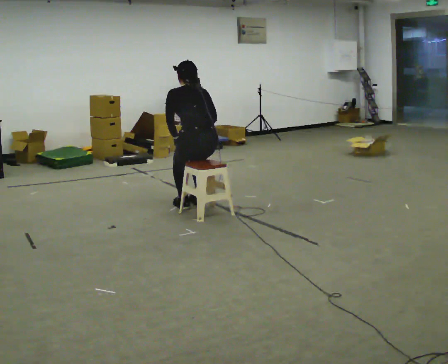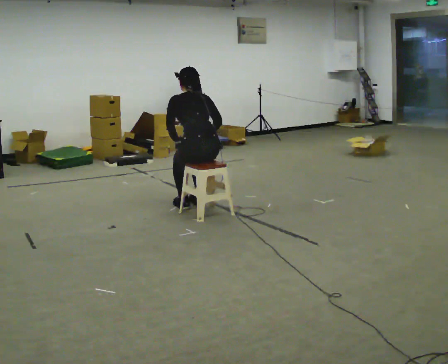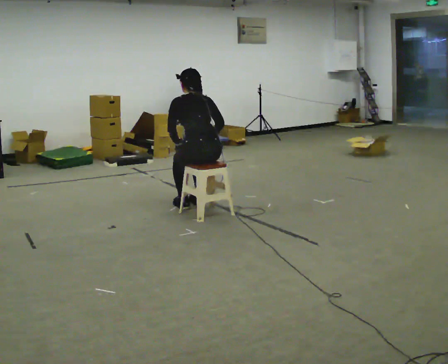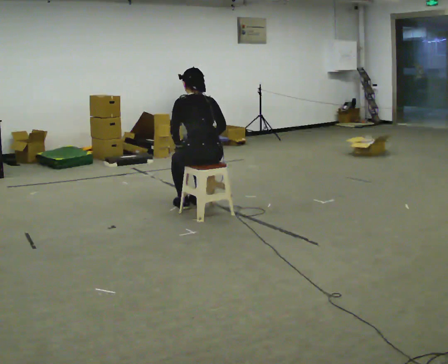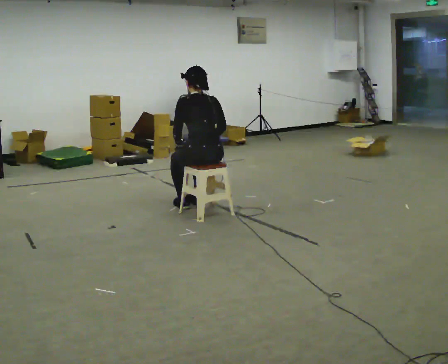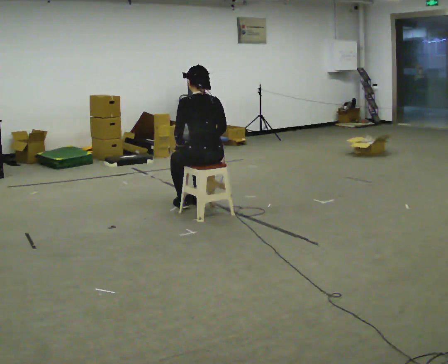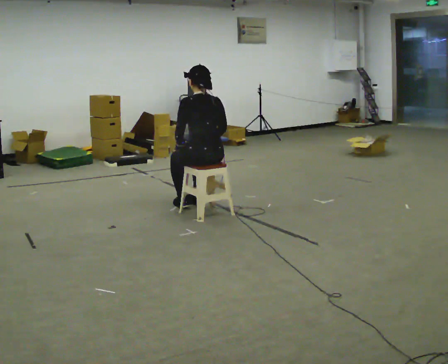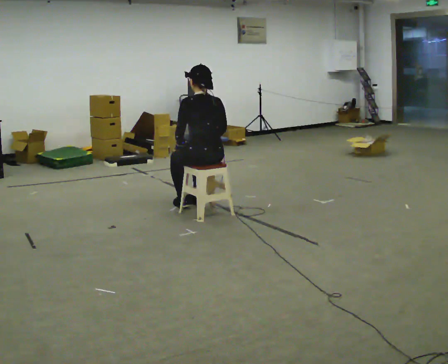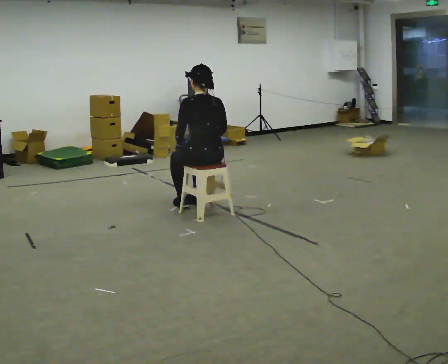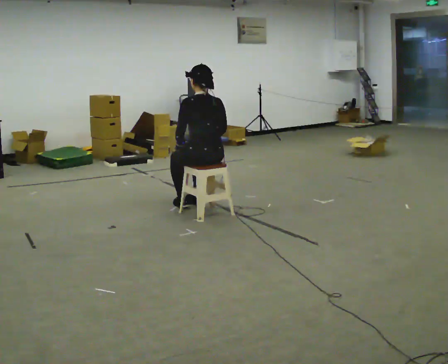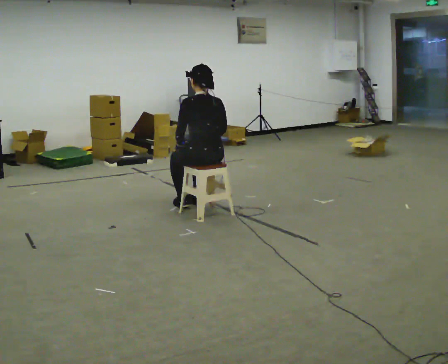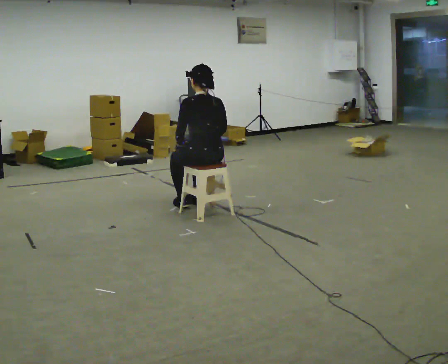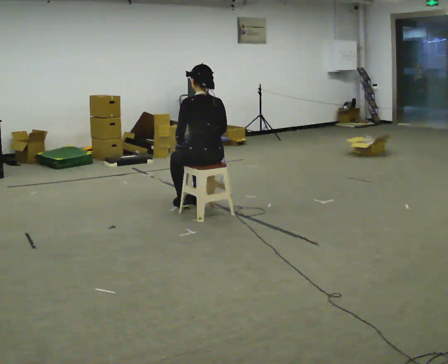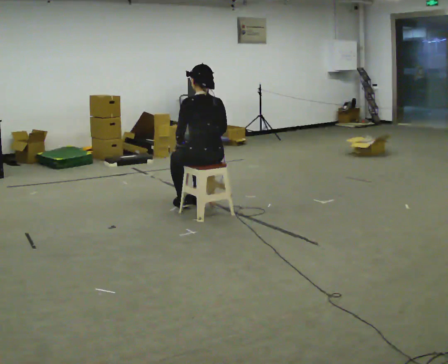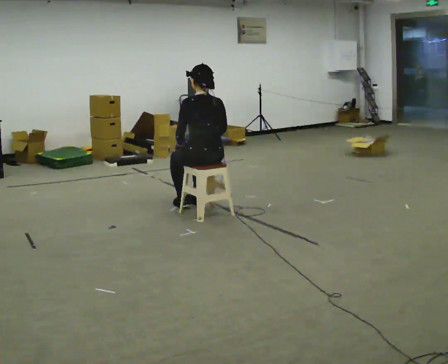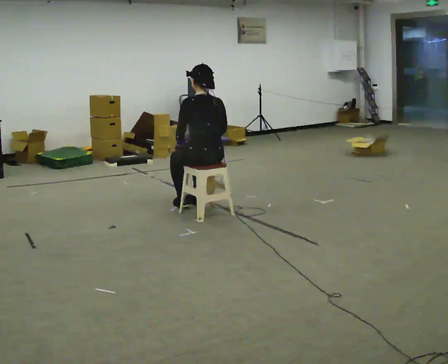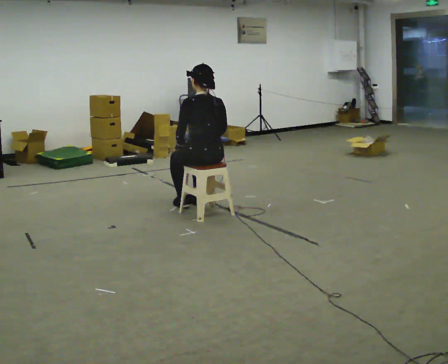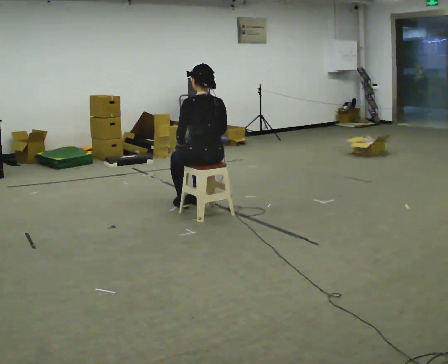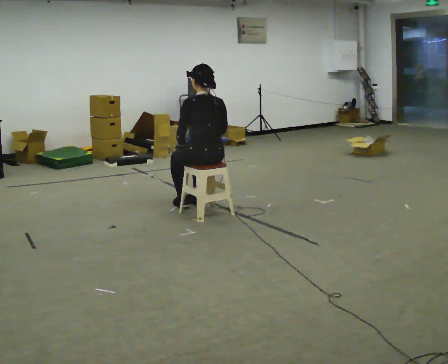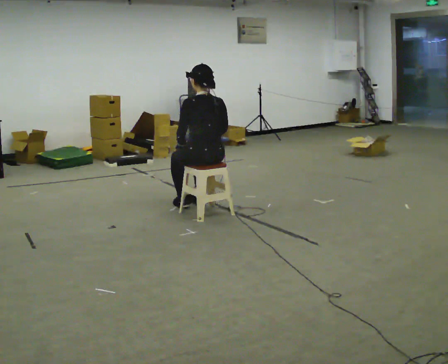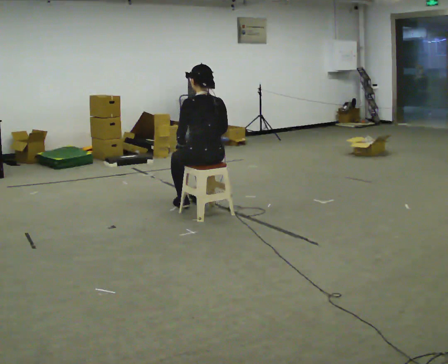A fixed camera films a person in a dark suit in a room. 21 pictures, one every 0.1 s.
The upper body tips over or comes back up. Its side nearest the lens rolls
downward.
0.0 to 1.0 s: The upper body tips toward the camera, its near side rolling downward, as they lean back or straighten.
1.0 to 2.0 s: The person keeps their place and pose.
The film runs backward here.
